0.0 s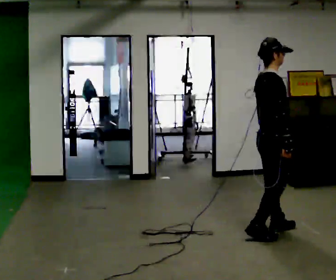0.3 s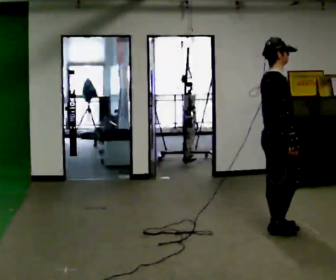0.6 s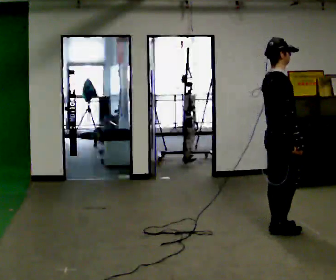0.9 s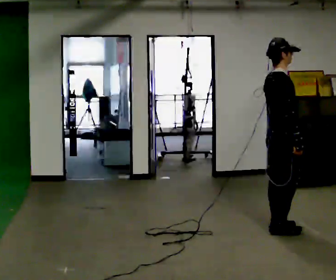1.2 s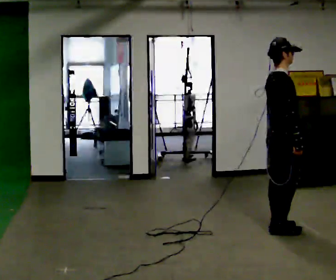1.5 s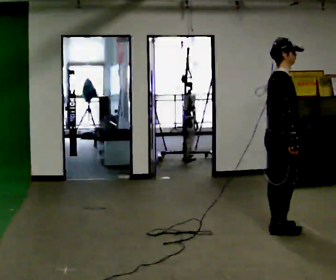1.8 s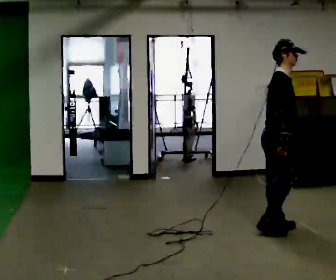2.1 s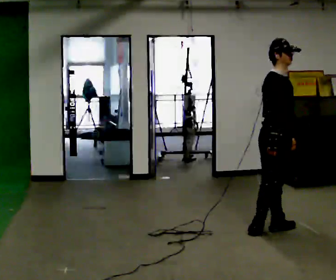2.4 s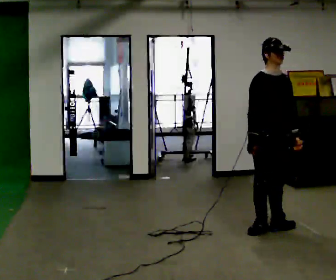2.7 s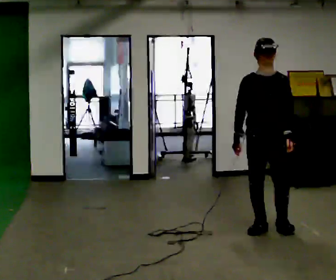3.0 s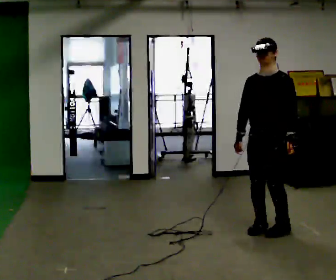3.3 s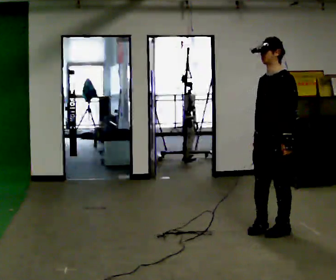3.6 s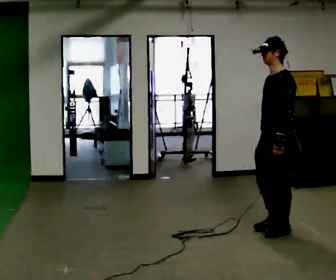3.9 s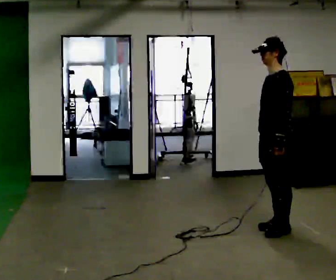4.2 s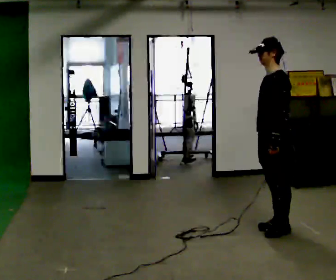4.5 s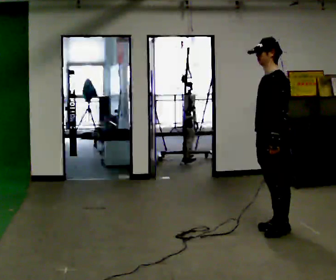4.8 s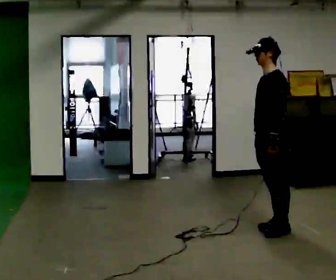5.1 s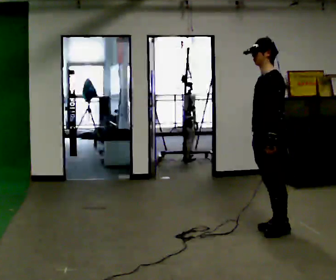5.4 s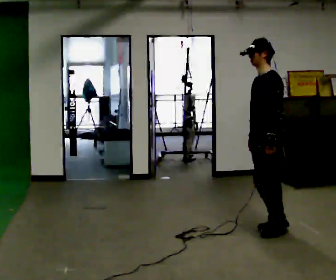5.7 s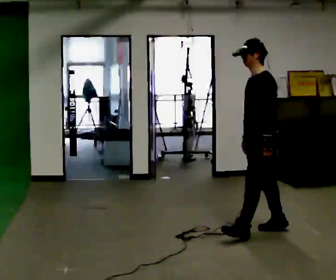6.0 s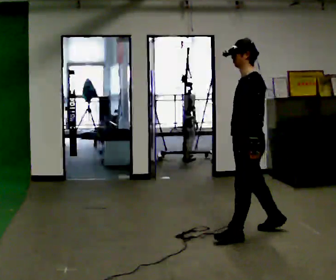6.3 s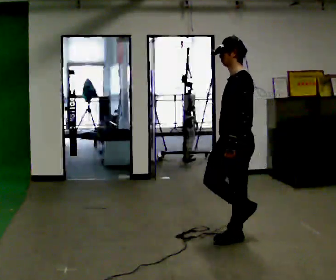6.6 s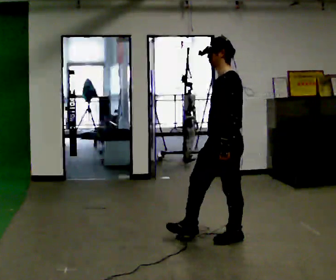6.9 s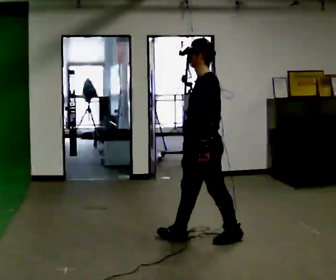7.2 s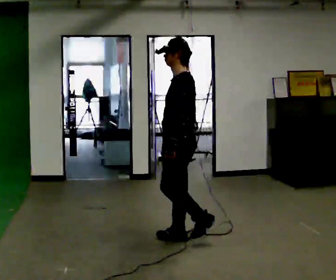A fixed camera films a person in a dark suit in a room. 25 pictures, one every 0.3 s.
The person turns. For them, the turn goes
to their right.
The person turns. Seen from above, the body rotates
clockwise.
0.0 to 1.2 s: The person moves a little, or ends about where they began.
1.2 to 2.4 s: The person turns about 60 degrees to their right, clockwise seen from above, so the part of the body nearest the lens slides to the left. In the picture their right hand goes to the left.
2.4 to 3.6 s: The person turns about 105 degrees to their right, clockwise seen from above, so the part of the body nearest the lens slides to the left.
3.6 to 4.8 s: The person moves a little, or ends about where they began.
4.8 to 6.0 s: In the picture they go to the left and toward the camera, about 0.25 m in 1 step, which for them is forward.
6.0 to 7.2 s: In the picture they go to the left, about 0.5 m in 1 step, which for them is forward.
The film runs forward here.
